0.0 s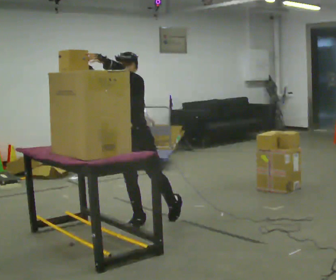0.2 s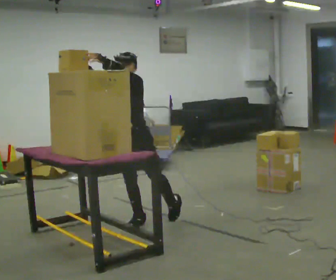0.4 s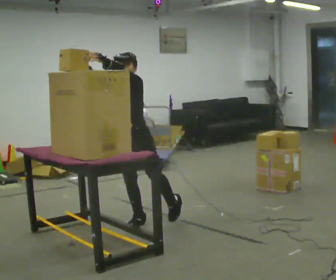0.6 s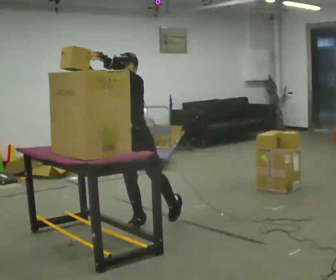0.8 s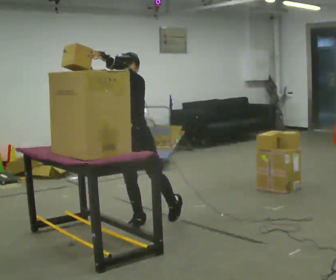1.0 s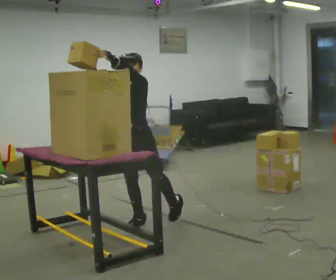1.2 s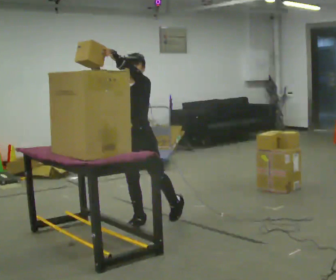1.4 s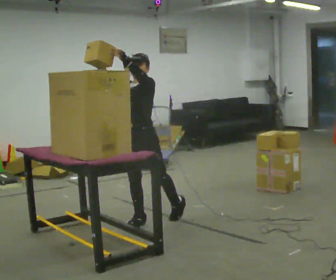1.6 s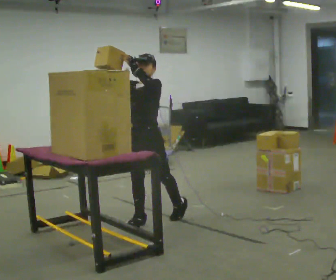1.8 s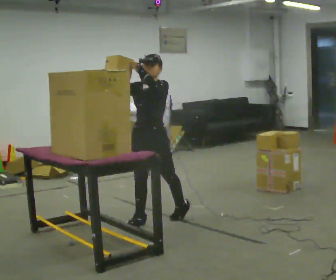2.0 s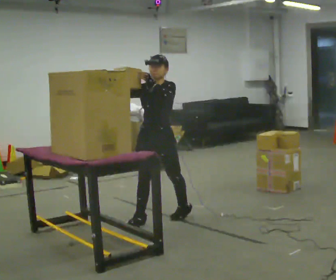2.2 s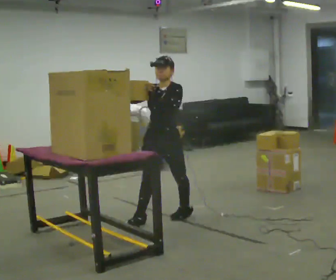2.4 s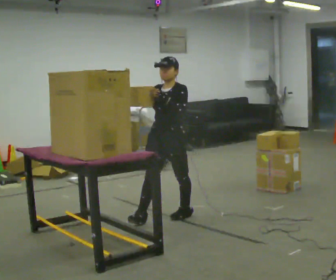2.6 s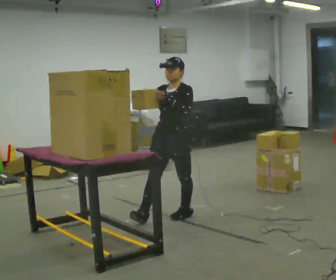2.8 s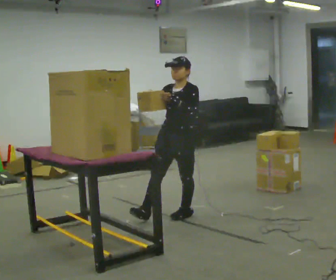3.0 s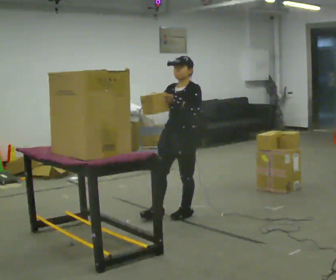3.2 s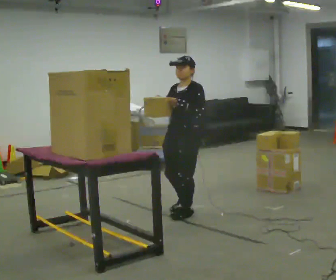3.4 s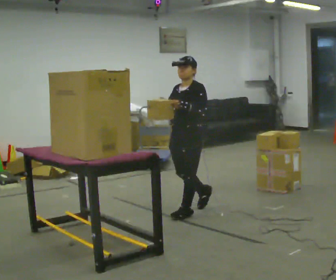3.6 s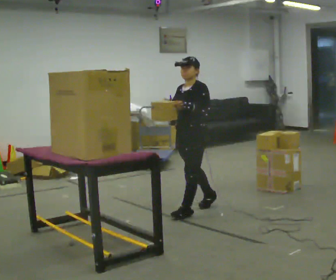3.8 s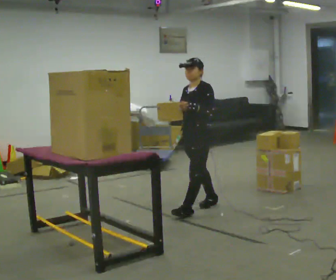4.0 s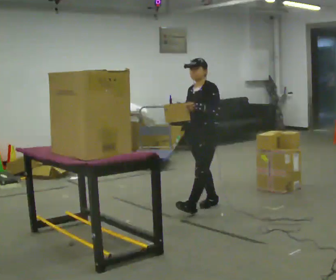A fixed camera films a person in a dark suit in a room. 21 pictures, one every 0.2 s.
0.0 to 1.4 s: The person moves a little, or ends about where they began.
1.4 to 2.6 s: In the picture they go to the right, about 0.25 m, which for them is backward and to their left. In the picture their left hand goes downward.
2.6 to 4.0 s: In the picture they go to the right and away from the camera, about 0.5 m in 2 steps, which for them is backward.
The film runs backward here.
